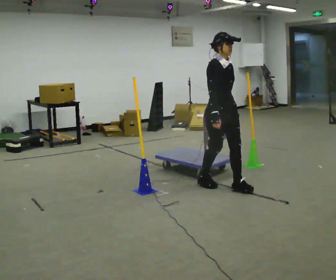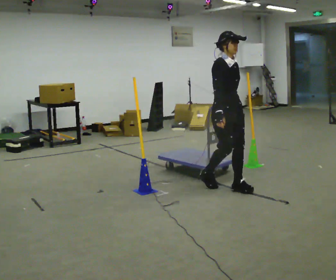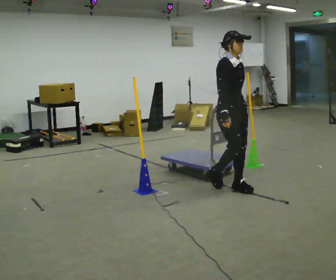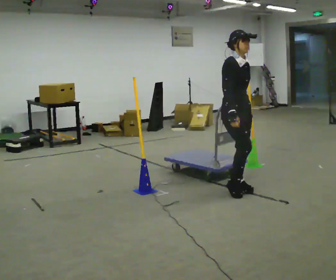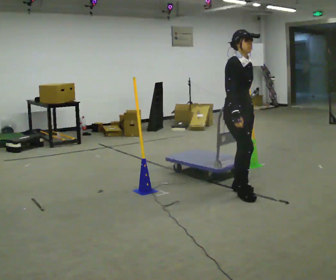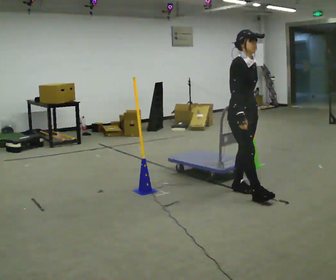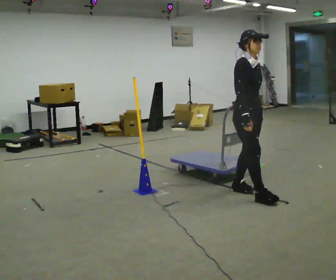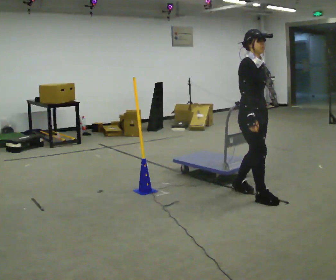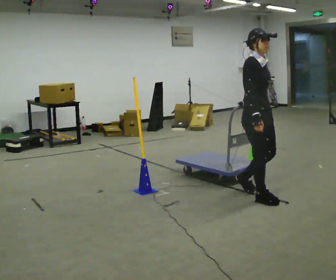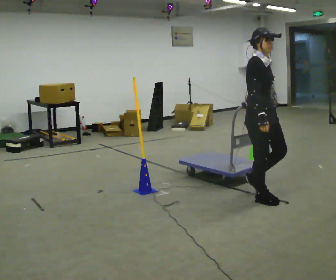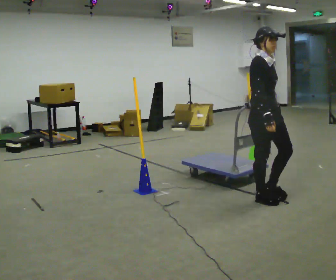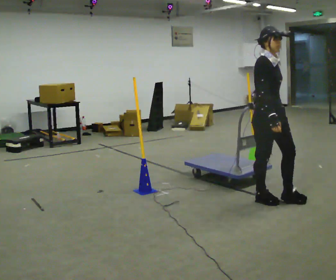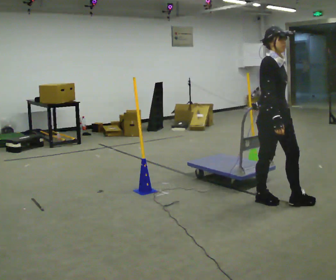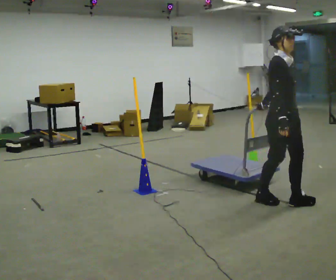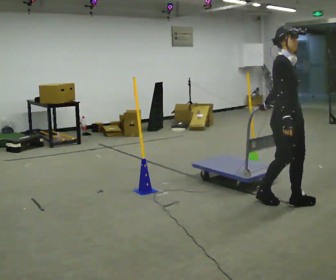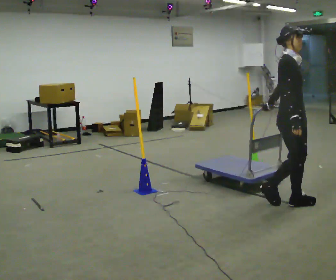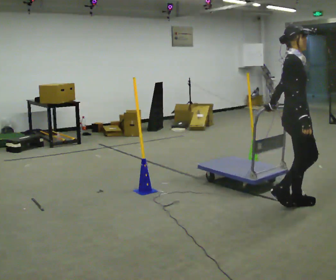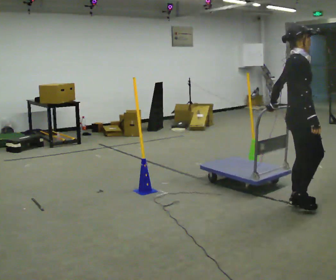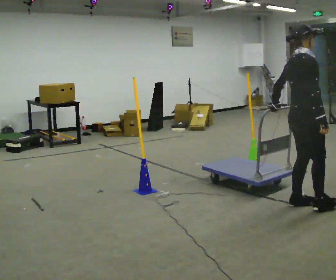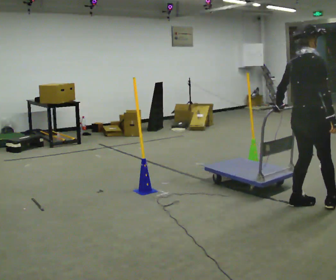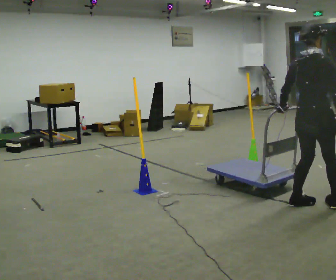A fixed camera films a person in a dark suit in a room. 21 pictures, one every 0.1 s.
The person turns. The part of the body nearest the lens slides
to the right.
The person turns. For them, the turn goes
to their left.
0.0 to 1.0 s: In the picture they go to the right and toward the camera, about 0.5 m in 1 step, which for them is forward.
1.0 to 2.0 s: The person turns about 90 degrees to their left, counterclockwise seen from above, so the part of the body nearest the lens slides to the right. In the picture they go to the right and toward the camera, about 0.5 m in 2 steps.
The film runs forward here.
